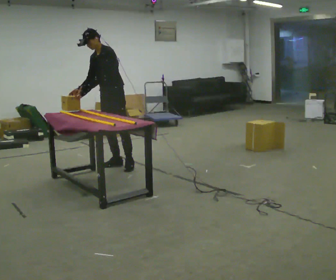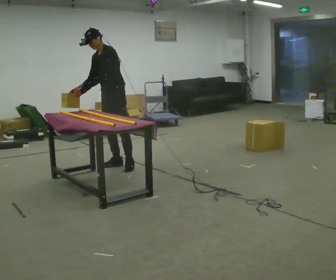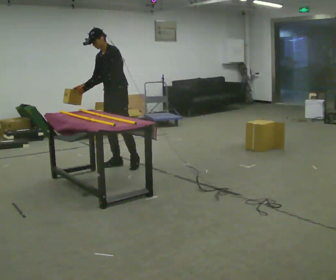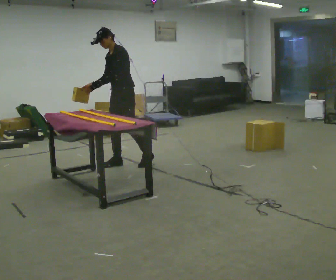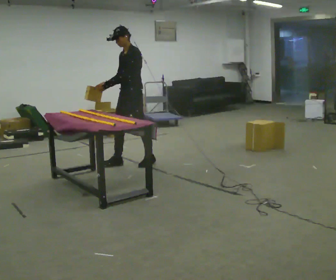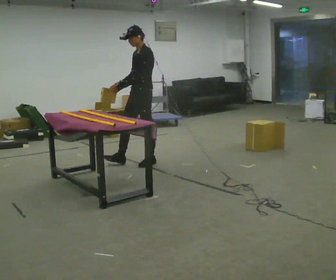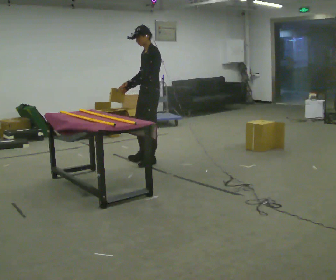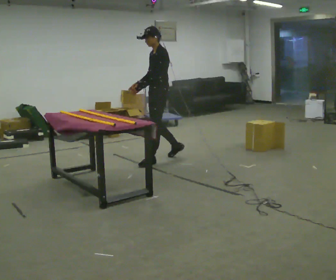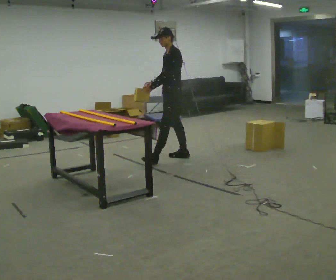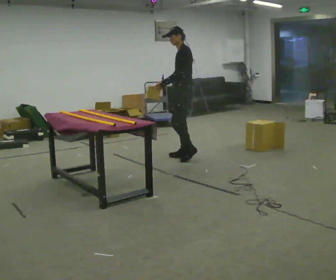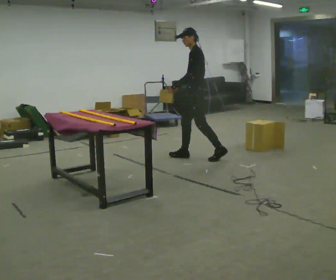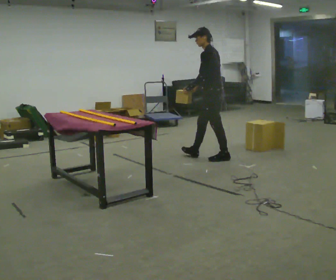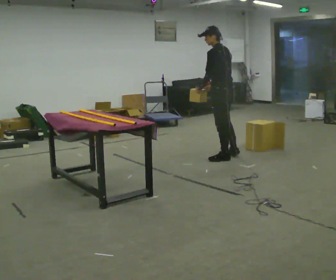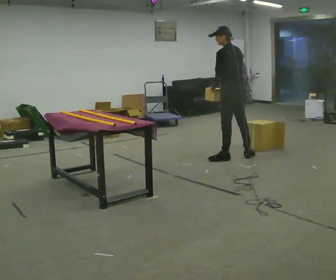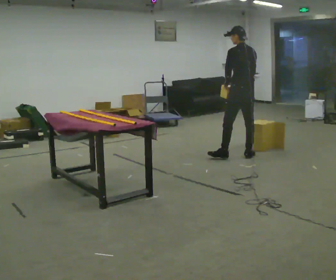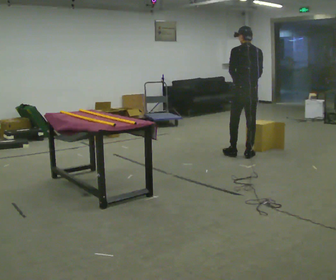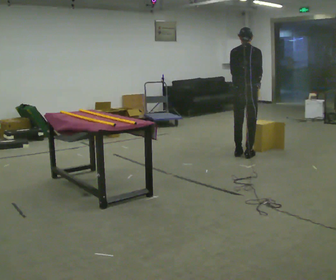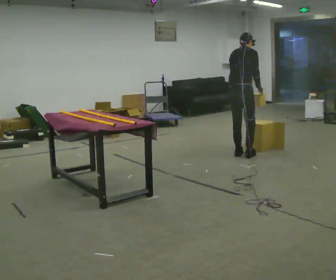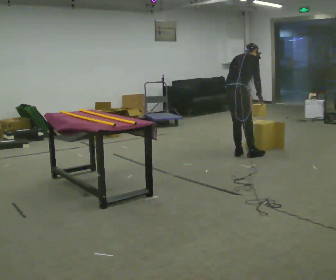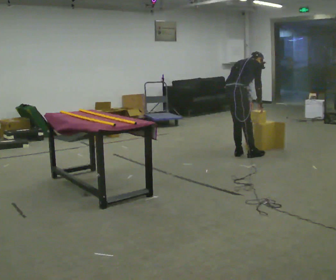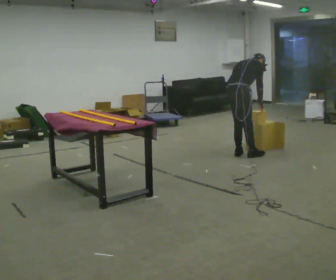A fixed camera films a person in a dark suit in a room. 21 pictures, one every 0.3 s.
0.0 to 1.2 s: In the picture they go to the right, about 0.25 m in 1 step, which for them is backward and to their left.
1.2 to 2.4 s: In the picture they go to the right and away from the camera, about 0.5 m in 2 steps, which for them is backward.
2.4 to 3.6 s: The person turns about 60 degrees to their right, clockwise seen from above, so the part of the body nearest the lens slides to the left. In the picture they go to the right, about 0.5 m in 1 step, which for them is backward.
3.6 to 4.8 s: Seen from above the body turns clockwise, about 75 degrees: to their right, with its near side sliding to the left. In the picture they go to the right, about 0.25 m in 1 step.
4.8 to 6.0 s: Seen from above the body turns clockwise, about 30 degrees: to their right, with its near side sliding to the left. The upper body goes downward. The upper body tips away from the camera, its near side rolling upward, as they bend forward.
The film runs backward here.
